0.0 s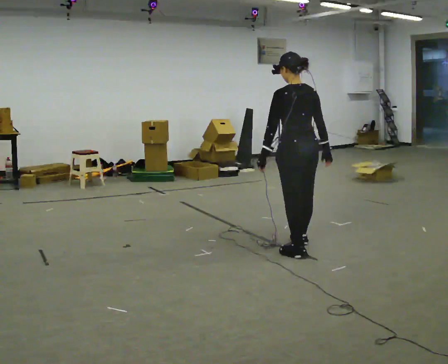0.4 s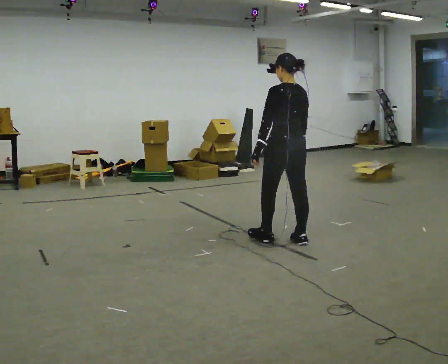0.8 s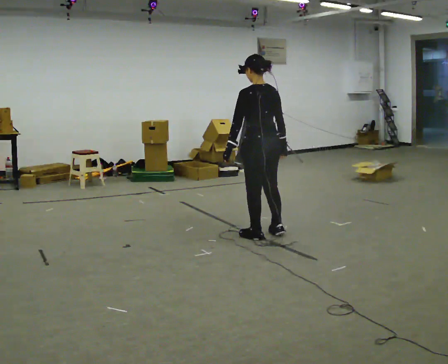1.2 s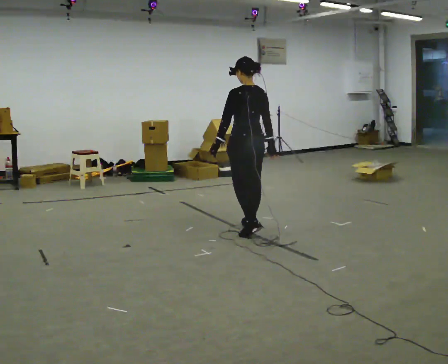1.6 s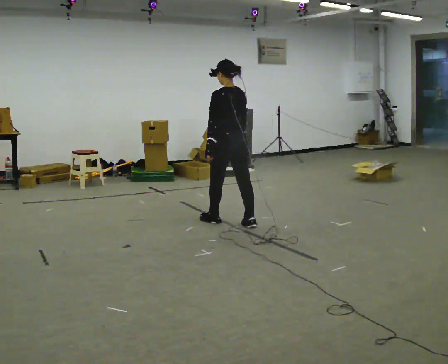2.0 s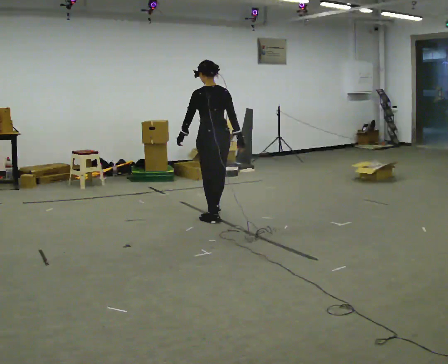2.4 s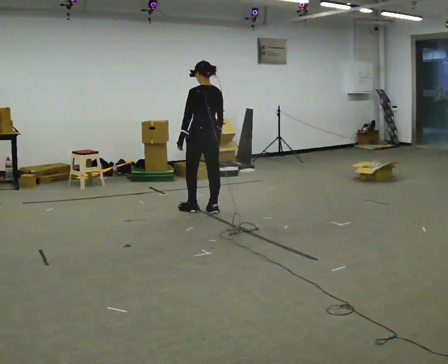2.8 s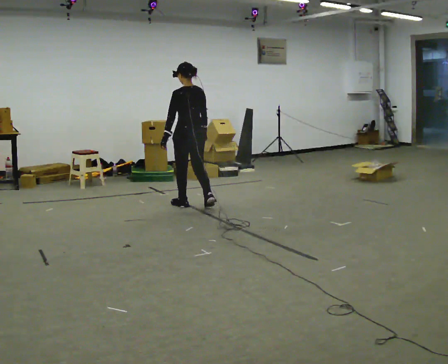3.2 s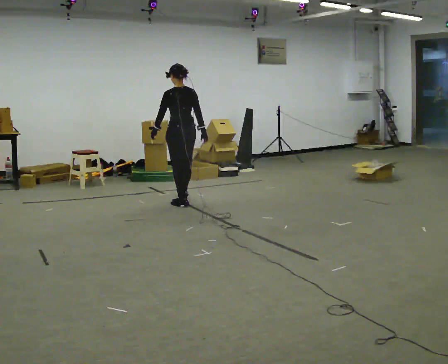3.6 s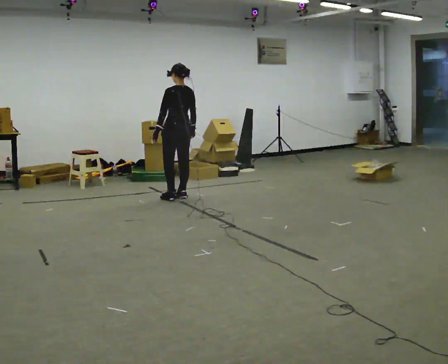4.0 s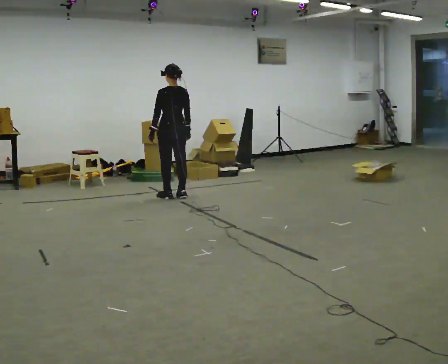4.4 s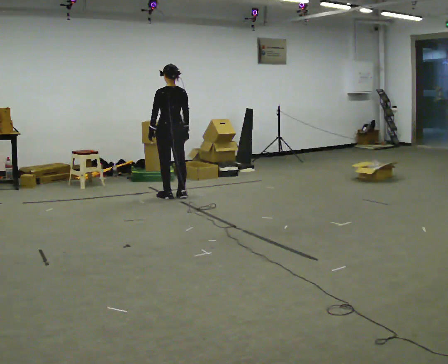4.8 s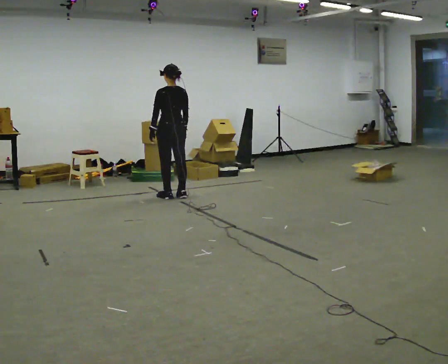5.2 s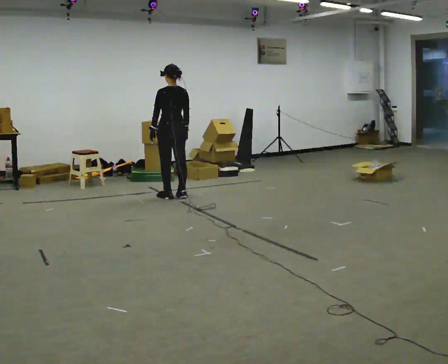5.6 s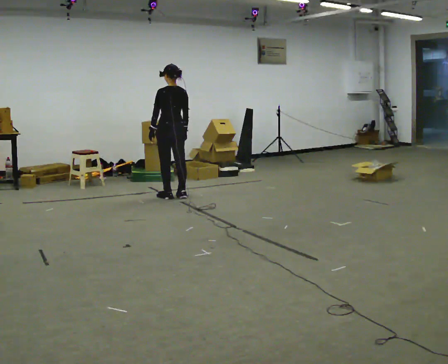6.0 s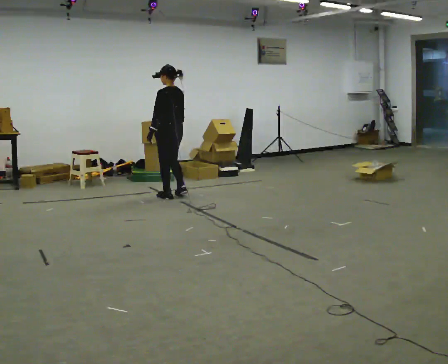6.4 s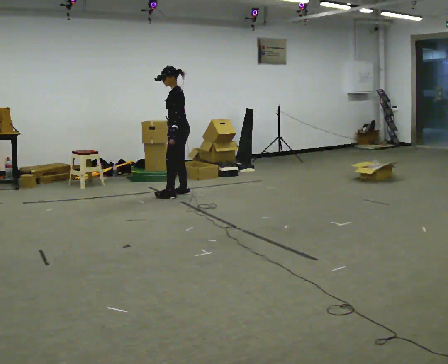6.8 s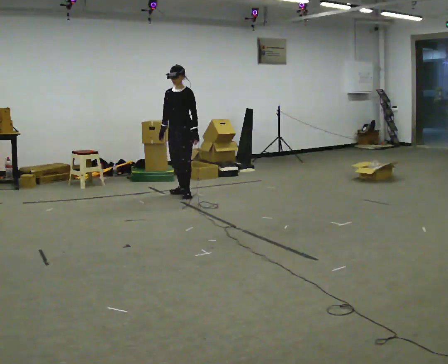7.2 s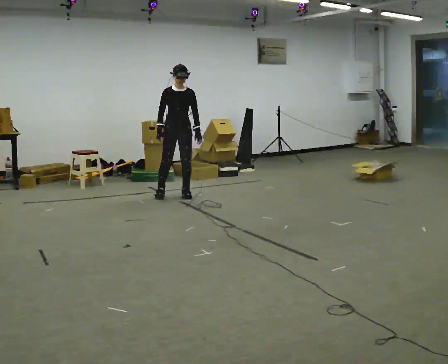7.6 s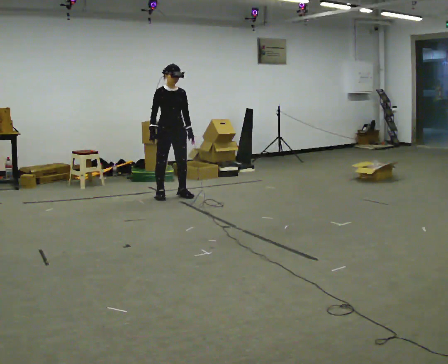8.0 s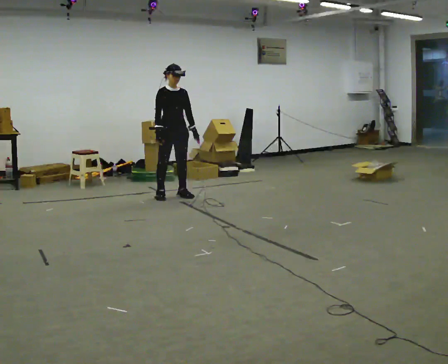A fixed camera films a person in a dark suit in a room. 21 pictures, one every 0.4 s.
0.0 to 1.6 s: In the picture they go away from the camera and to the left, about 1 m in 3 steps, which for them is forward.
1.6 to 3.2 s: In the picture they go away from the camera and to the left, about 1 m in 2 steps, which for them is forward.
3.2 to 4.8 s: In the picture they go away from the camera, about 0.25 m in 2 steps, which for them is forward.
4.8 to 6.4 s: The person turns about 75 degrees to their left, counterclockwise seen from above, so the part of the body nearest the lens slides to the right.
6.4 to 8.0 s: The part of the body nearest the lens slides to the right as the person turns to their left by about 105 degrees.
The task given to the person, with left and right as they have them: Walk forward with your feet closer together than normal, or further apart than normal, as the operator states; stop.
The film runs forward here.
